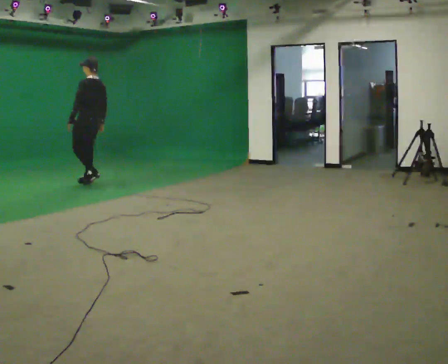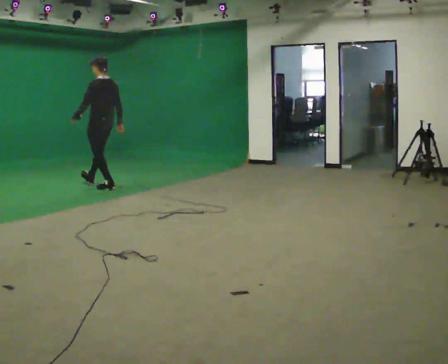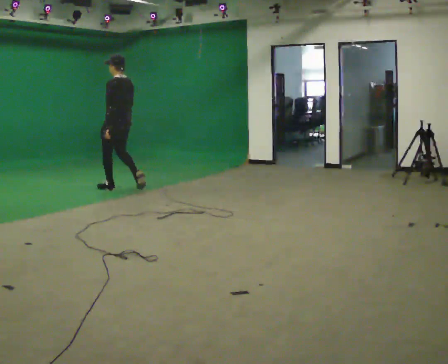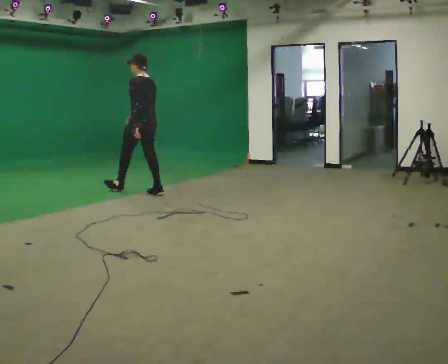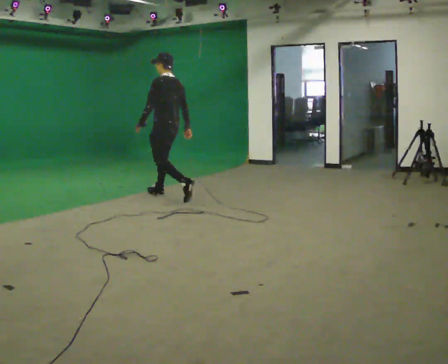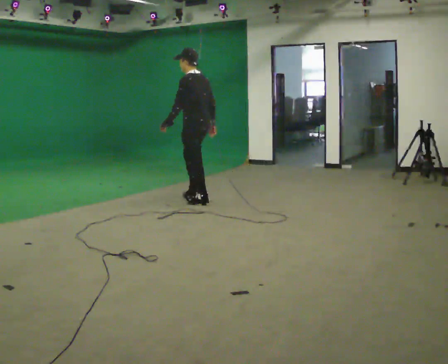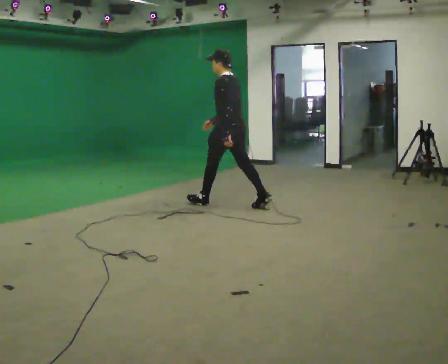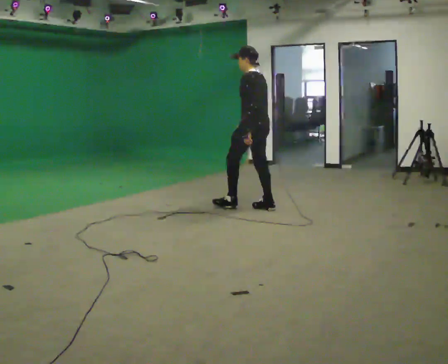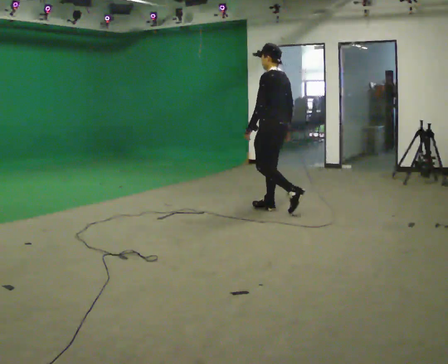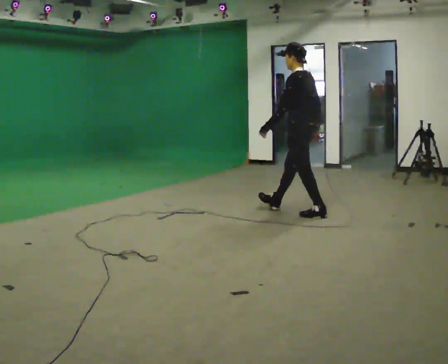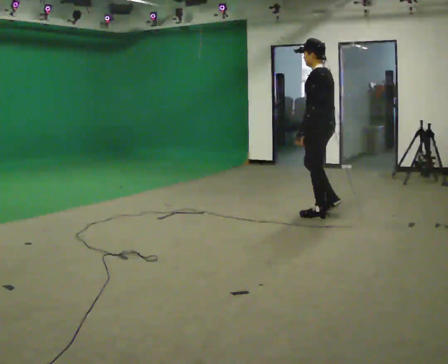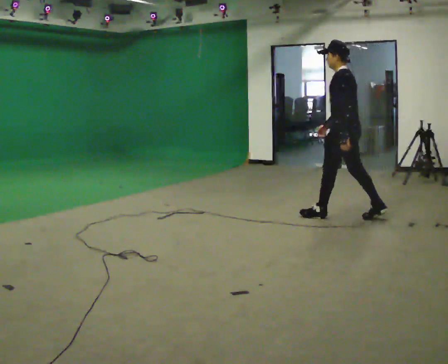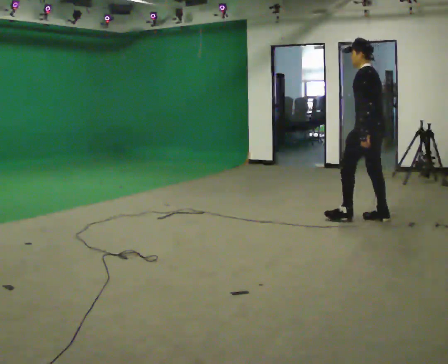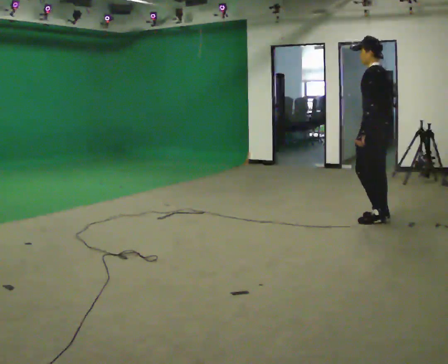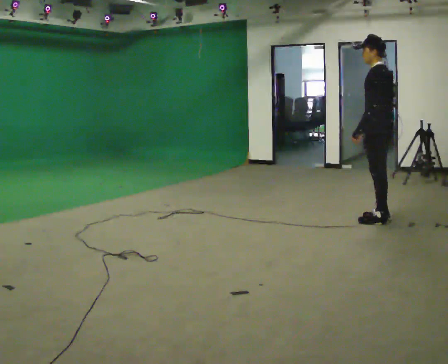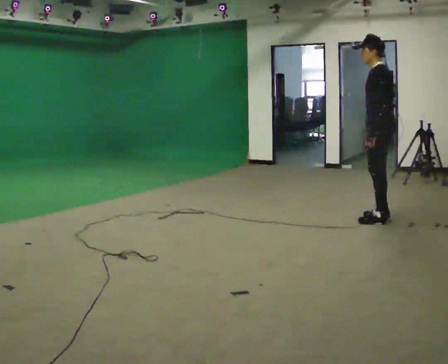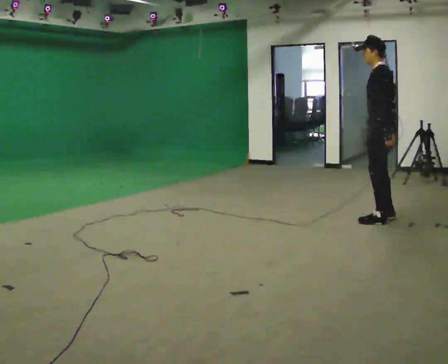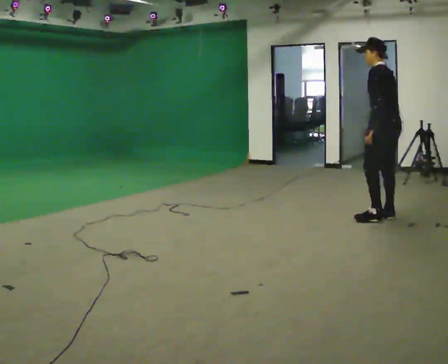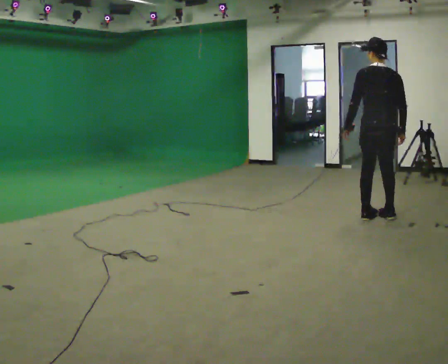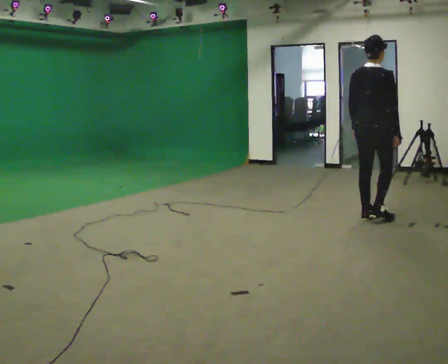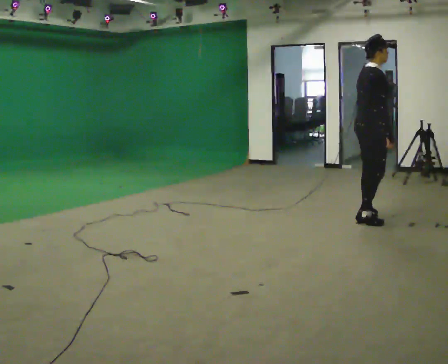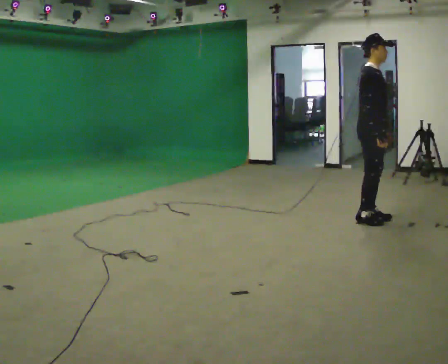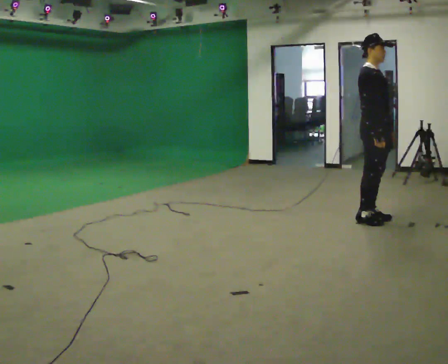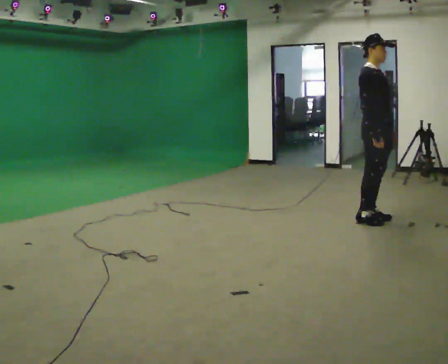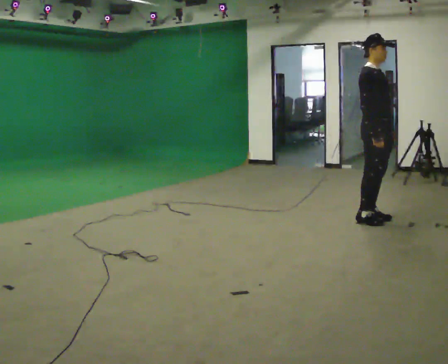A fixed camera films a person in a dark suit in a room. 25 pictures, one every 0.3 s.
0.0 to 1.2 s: In the picture they go to the right, about 1.5 m in 2 steps, which for them is backward.
1.2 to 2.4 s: In the picture they go to the right, about 1.5 m in 2 steps, which for them is backward.
2.4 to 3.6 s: In the picture they go to the right, about 1 m in 2 steps, which for them is backward.
3.6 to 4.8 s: The person moves a little, or ends about where they began.
4.8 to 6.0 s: Seen from above the body turns clockwise, about 150 degrees: to their right, with its near side sliding to the left.
6.0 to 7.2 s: The person turns about 45 degrees to their right, clockwise seen from above, so the part of the body nearest the lens slides to the left.
The film runs backward here.
